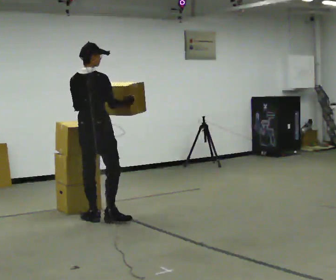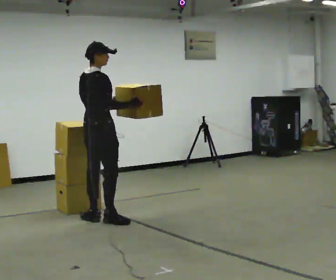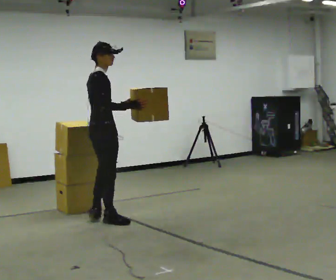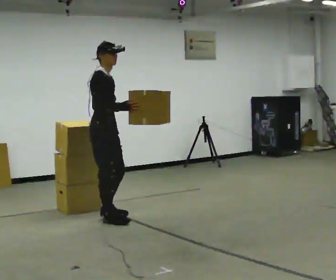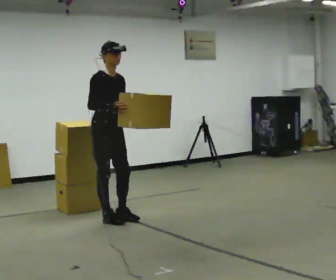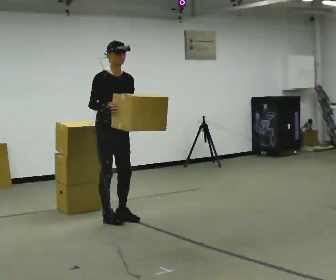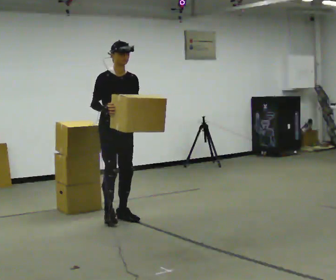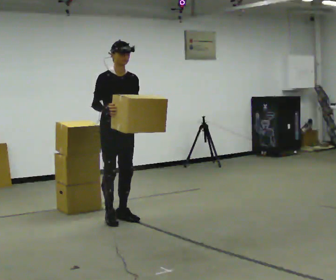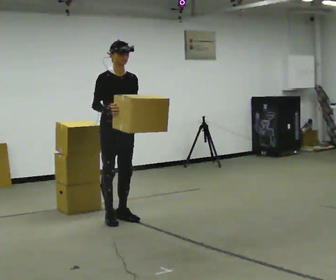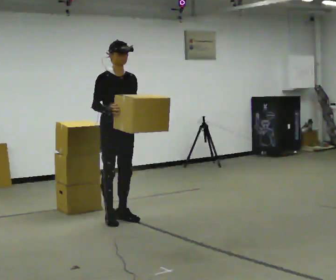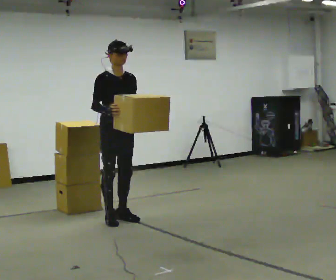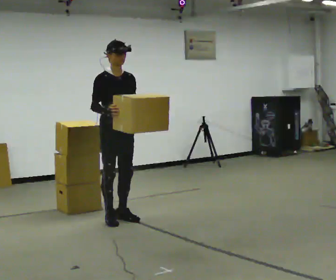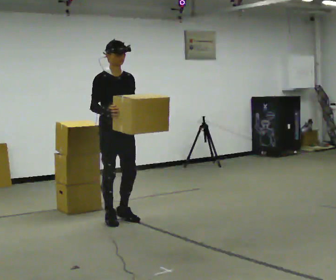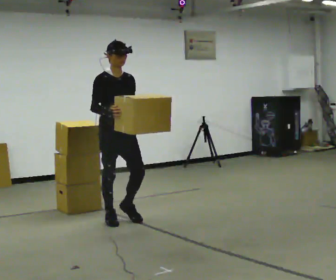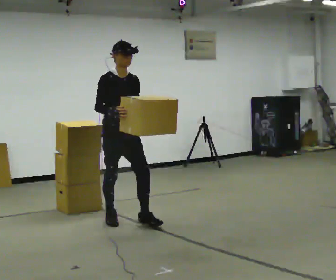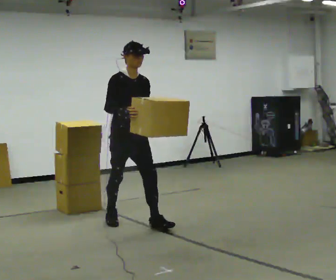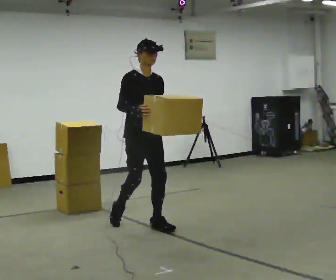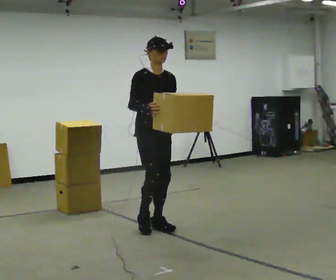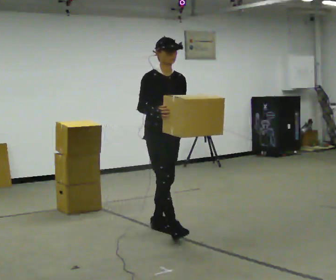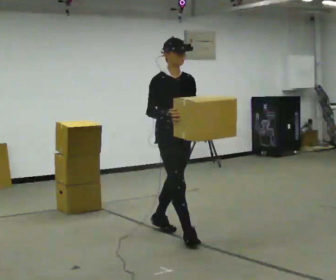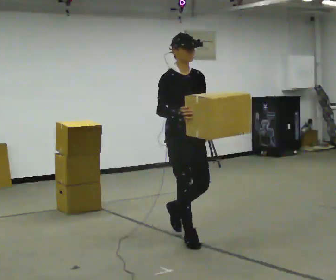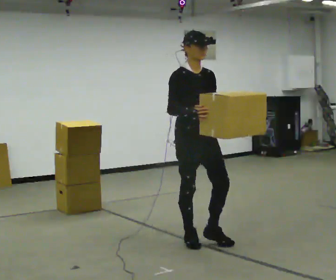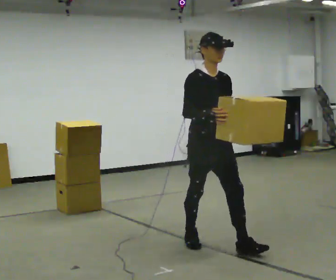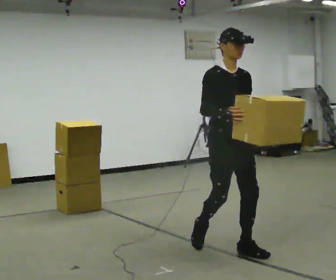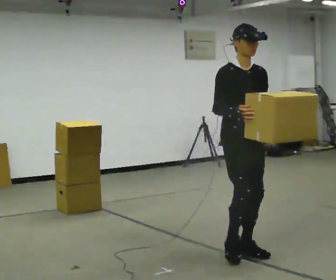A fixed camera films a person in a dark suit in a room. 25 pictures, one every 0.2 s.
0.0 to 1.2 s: The part of the body nearest the lens slides to the left as the person turns to their right by about 120 degrees. In the picture they go to the right, about 0.25 m in 1 step.
1.2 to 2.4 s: The person moves a little, or ends about where they began.
2.4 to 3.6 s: In the picture they go to the right and toward the camera, about 0.5 m in 1 step, which for them is forward.
3.6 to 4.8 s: In the picture they go toward the camera and to the right, about 1 m in 2 steps, which for them is forward.
The film runs forward here.
